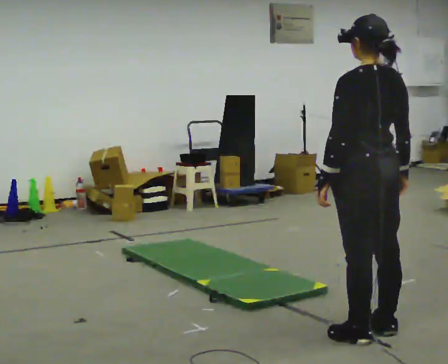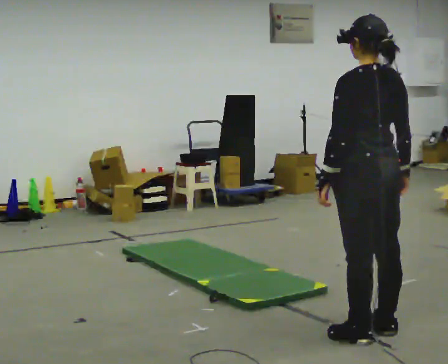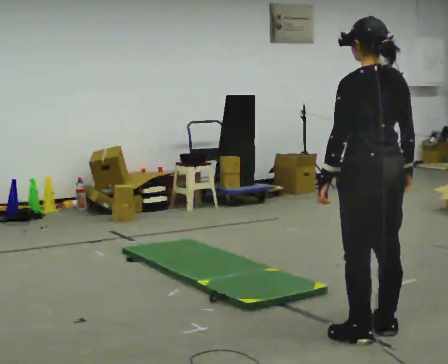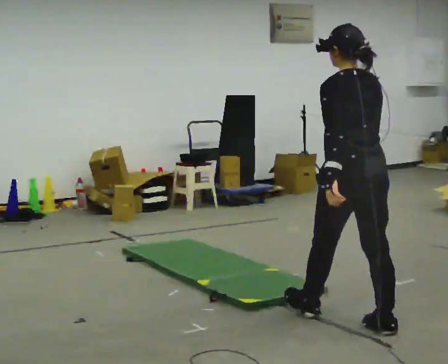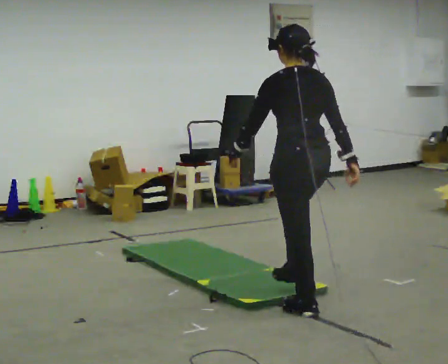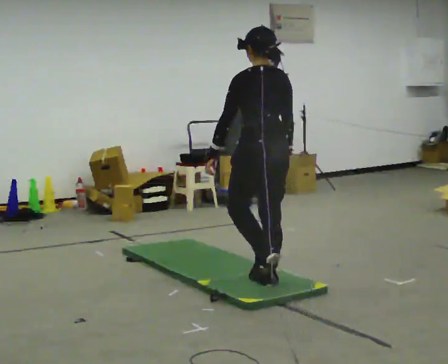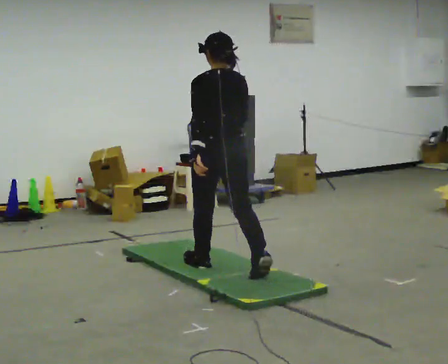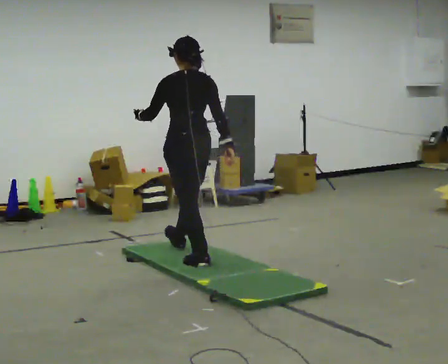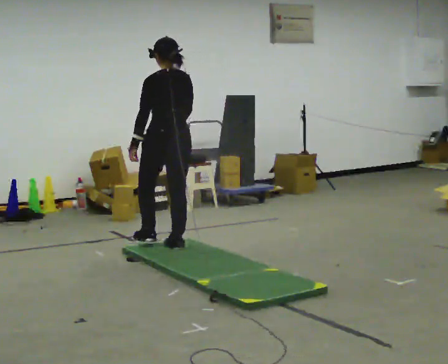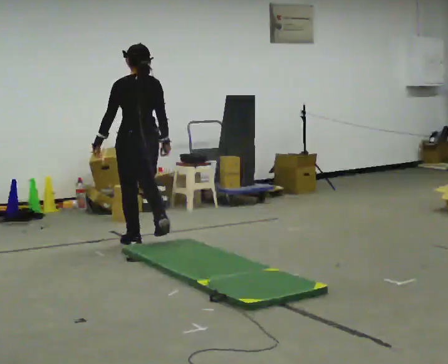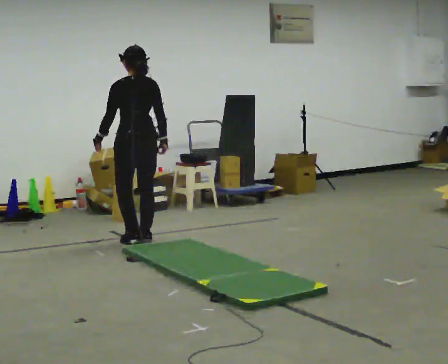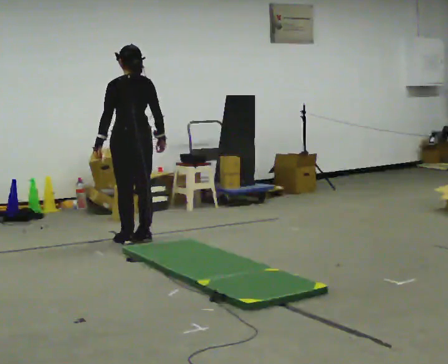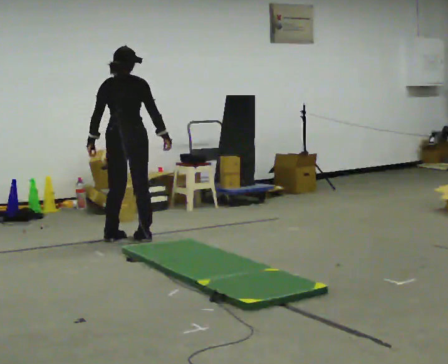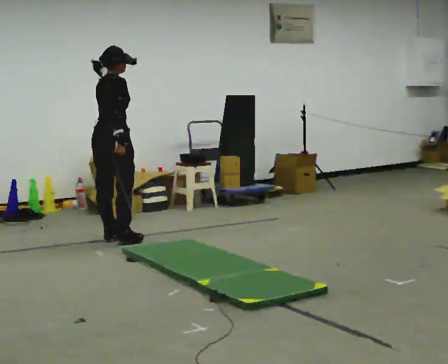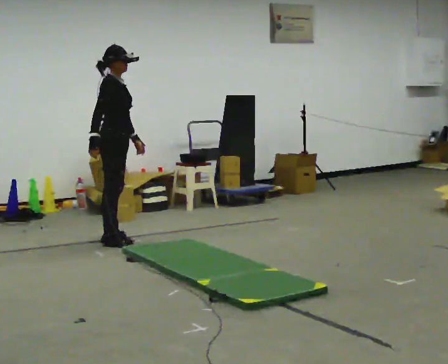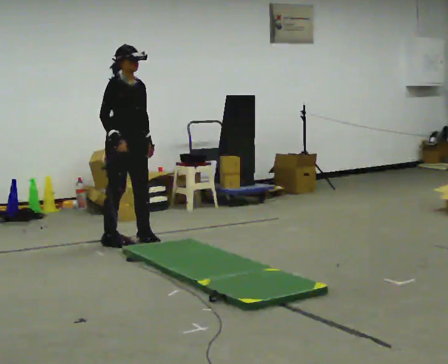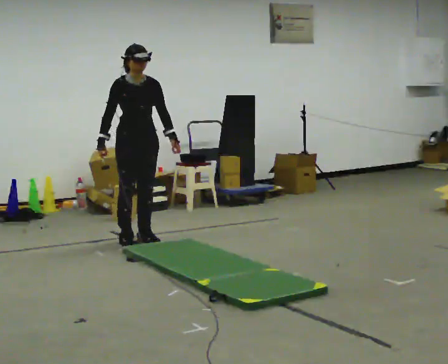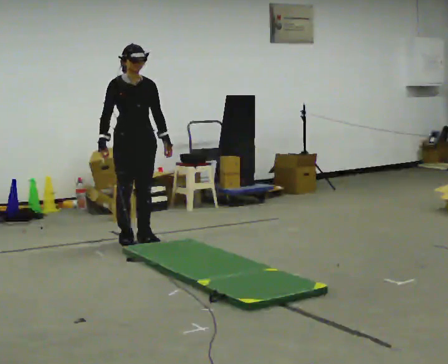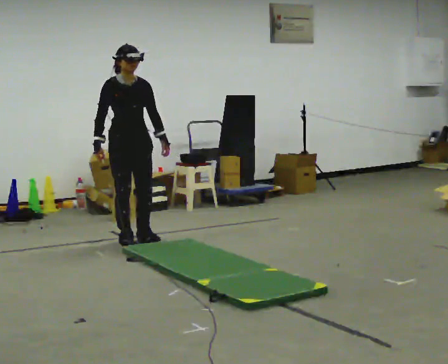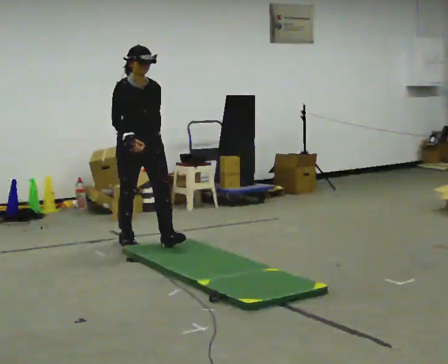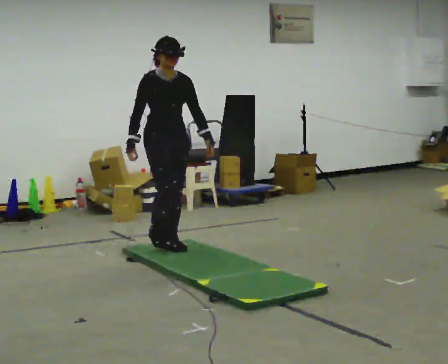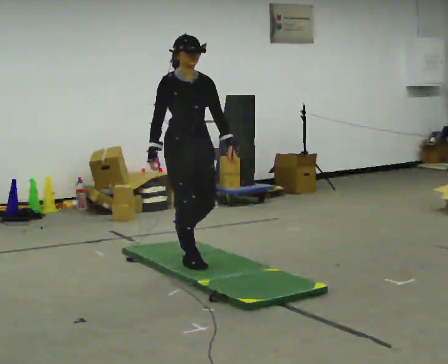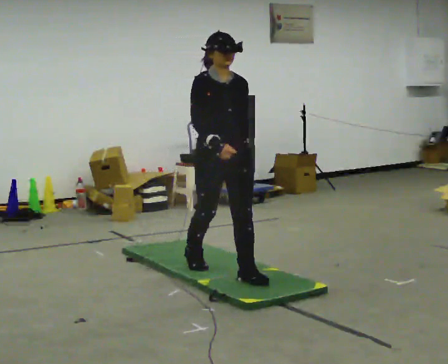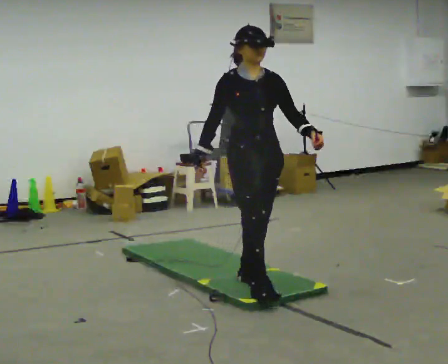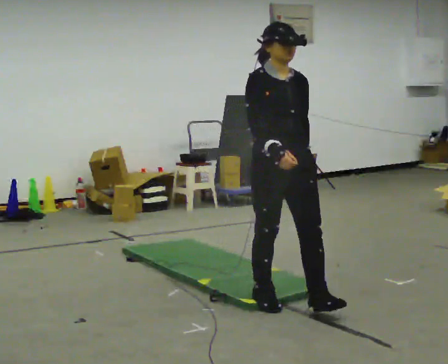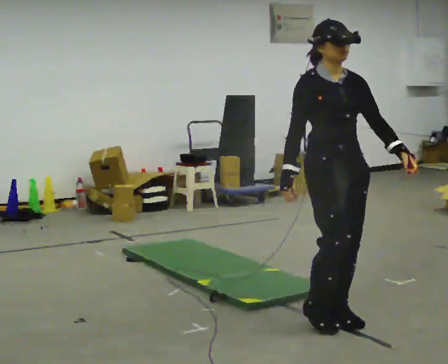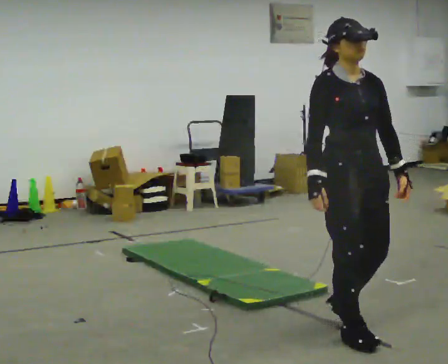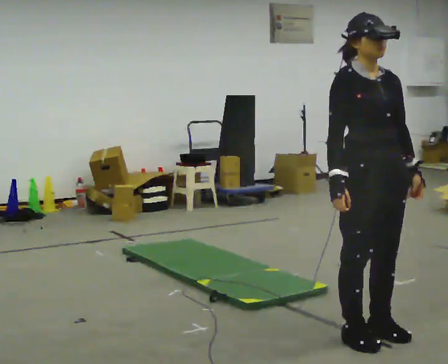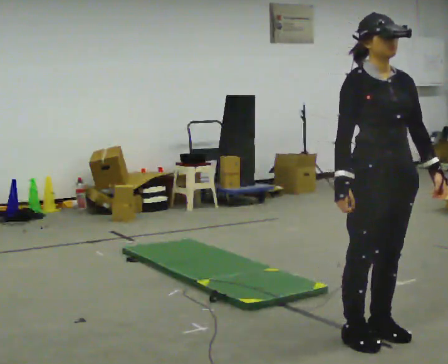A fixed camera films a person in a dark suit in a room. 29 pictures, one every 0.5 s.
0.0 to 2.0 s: In the picture they go away from the camera, about 0.5 m in 1 step, which for them is forward.
2.0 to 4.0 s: In the picture they go away from the camera and to the left, about 1.5 m in 3 steps, which for them is forward.
4.0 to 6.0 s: The person turns about 30 degrees to their right, clockwise seen from above, so the part of the body nearest the lens slides to the left. In the picture they go away from the camera and to the left, about 0.5 m in 3 steps, which for them is forward.
6.0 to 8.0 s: The person turns about 150 degrees to their right, clockwise seen from above, so the part of the body nearest the lens slides to the left. In the picture their right hand goes to the left, the arm swinging clockwise.
8.0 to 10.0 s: In the picture they go toward the camera and to the right, about 0.5 m in 1 step, which for them is forward.
10.0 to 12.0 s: In the picture they go toward the camera, about 1.5 m in 3 steps, which for them is forward.
12.0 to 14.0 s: In the picture they go toward the camera and to the right, about 0.5 m in 3 steps, which for them is forward.
The film runs forward here.
